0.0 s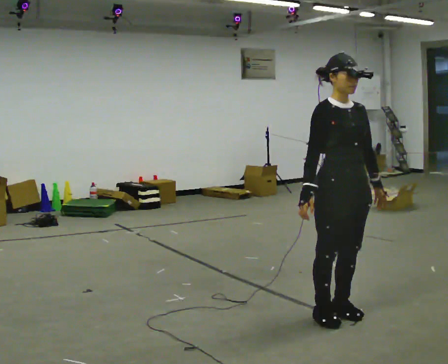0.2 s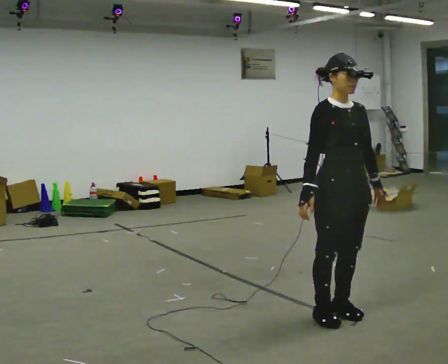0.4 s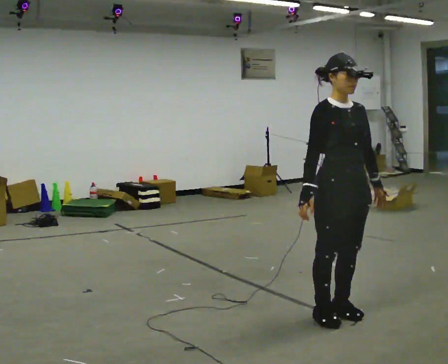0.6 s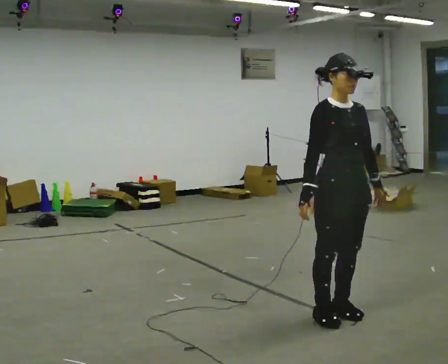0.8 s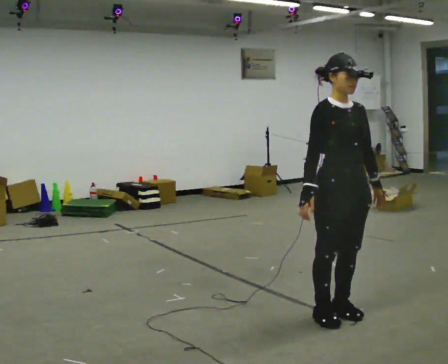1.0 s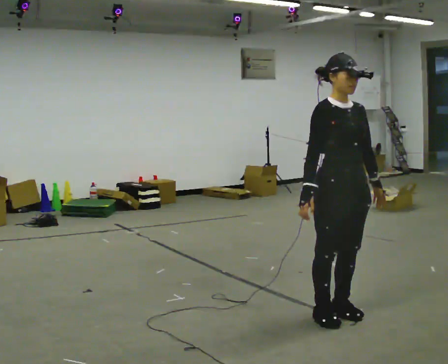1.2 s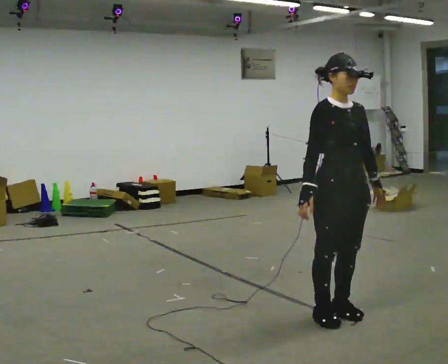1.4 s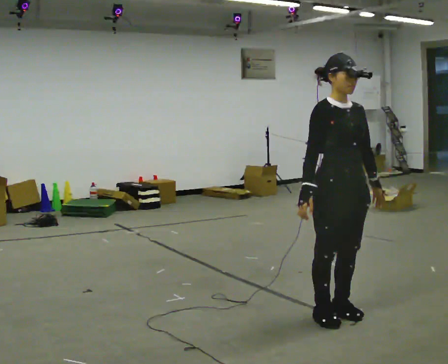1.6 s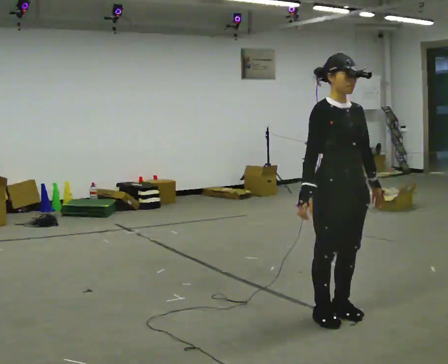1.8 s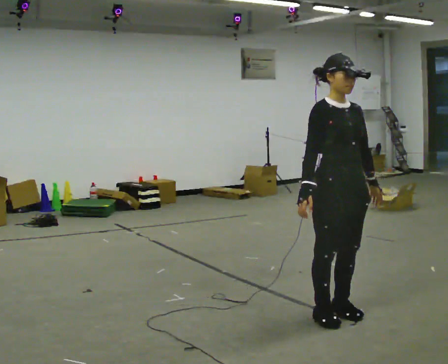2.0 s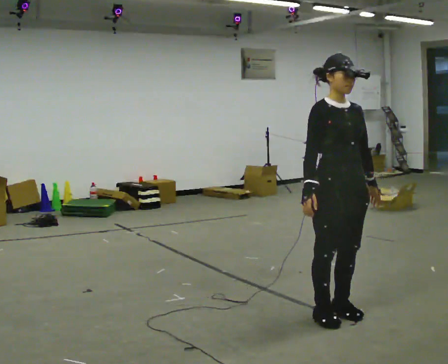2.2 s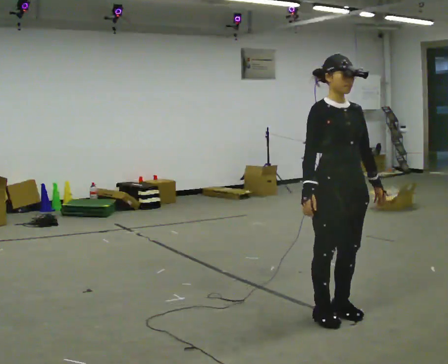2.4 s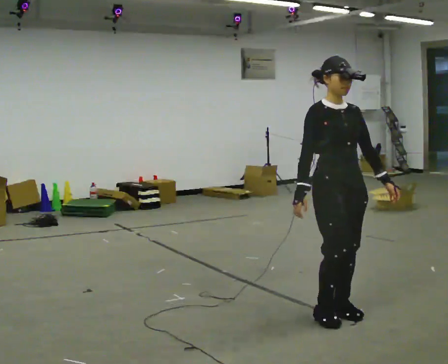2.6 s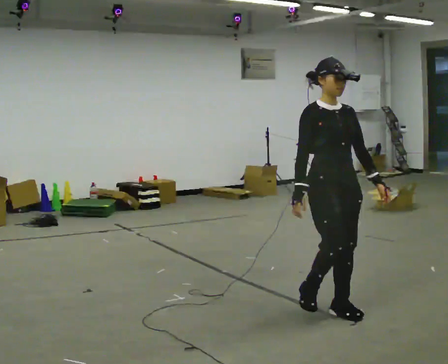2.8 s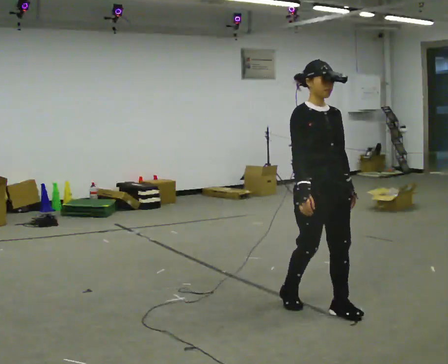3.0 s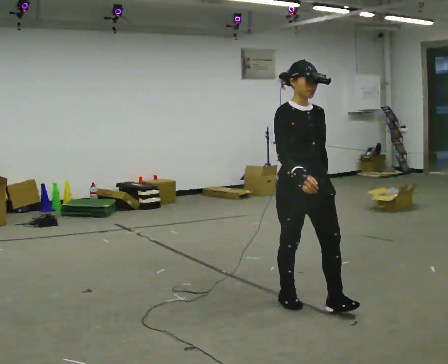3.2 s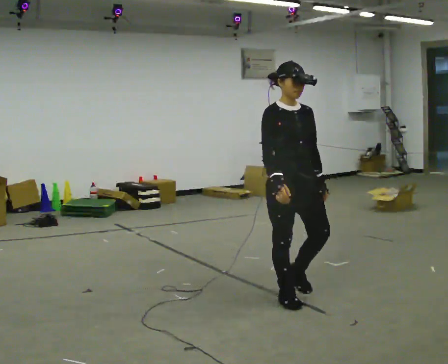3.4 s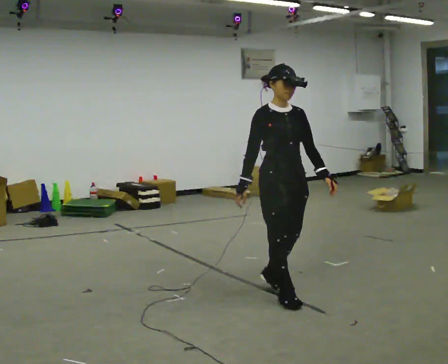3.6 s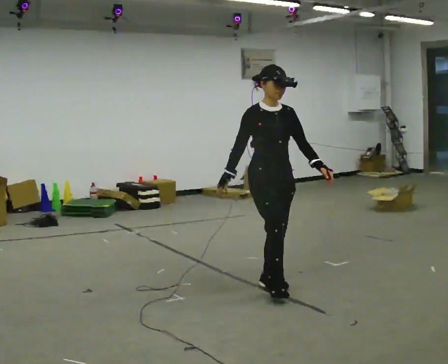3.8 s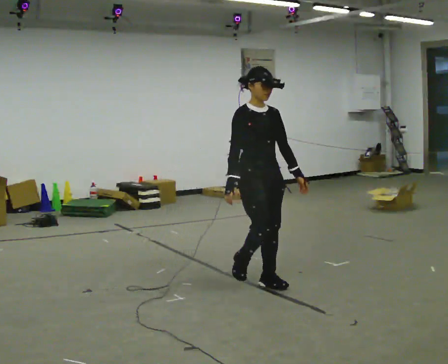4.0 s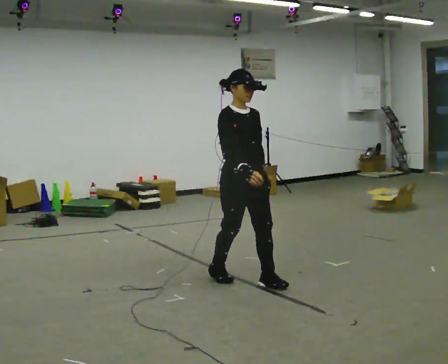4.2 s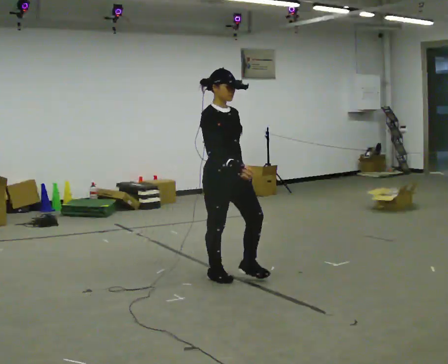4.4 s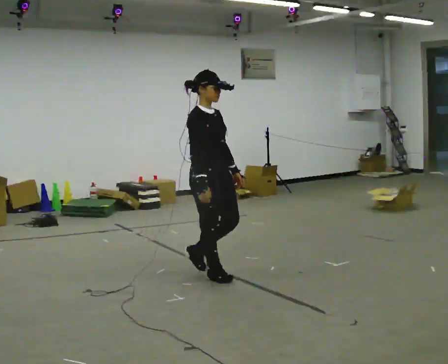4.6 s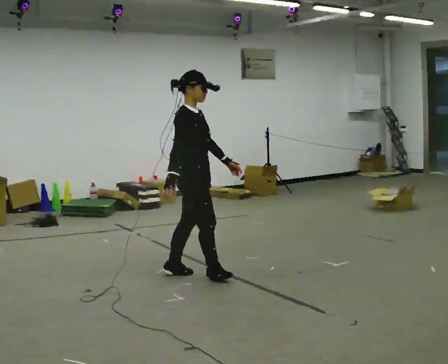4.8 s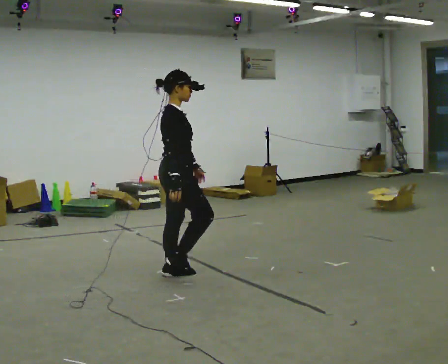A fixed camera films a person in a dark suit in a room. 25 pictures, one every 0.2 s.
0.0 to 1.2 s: The person keeps their place and pose.
1.2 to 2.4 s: The person moves a little, or ends about where they began.
2.4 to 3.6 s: In the picture they go away from the camera and to the left, about 0.75 m in 3 steps, which for them is backward.
3.6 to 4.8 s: Seen from above the body turns counterclockwise, about 60 degrees: to their left, with its near side sliding to the right. In the picture they go to the left, about 1 m in 2 steps.
The film runs backward here.
